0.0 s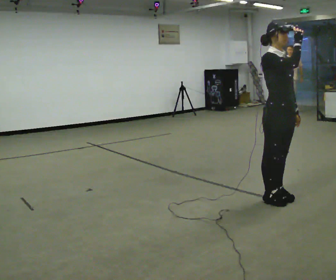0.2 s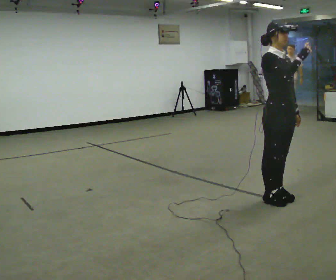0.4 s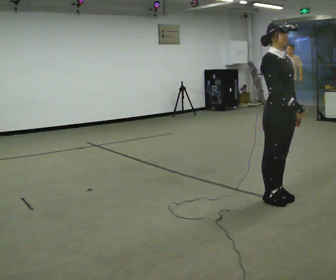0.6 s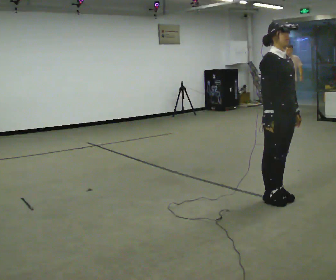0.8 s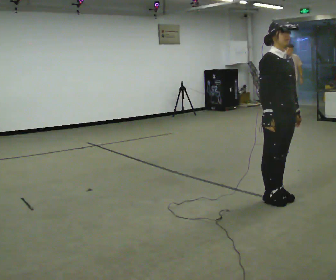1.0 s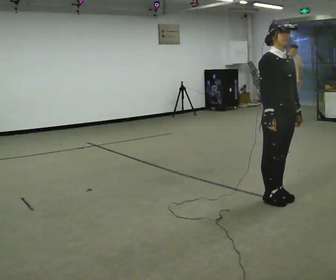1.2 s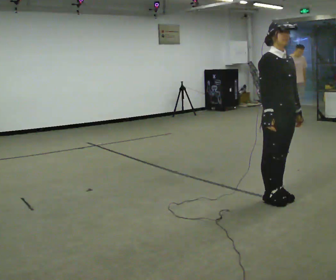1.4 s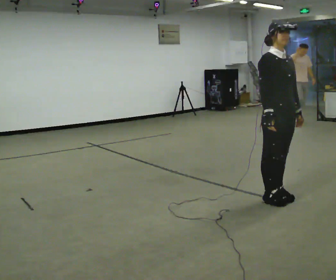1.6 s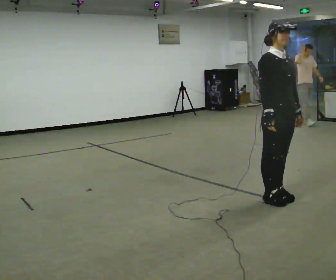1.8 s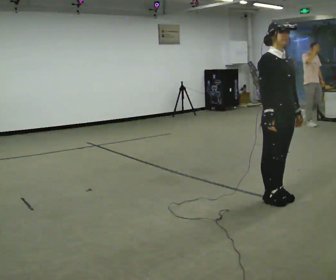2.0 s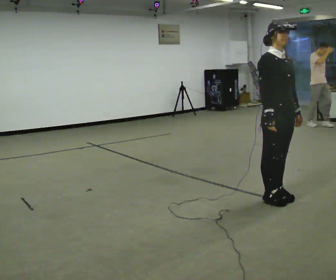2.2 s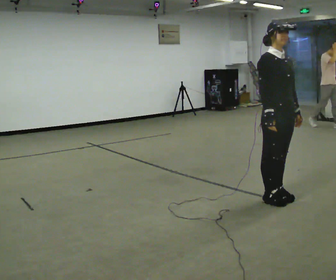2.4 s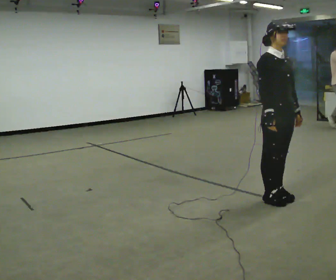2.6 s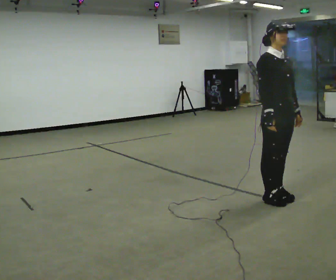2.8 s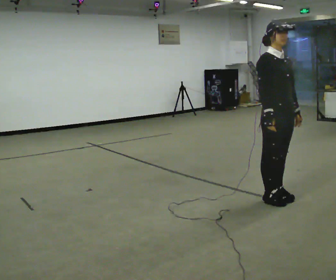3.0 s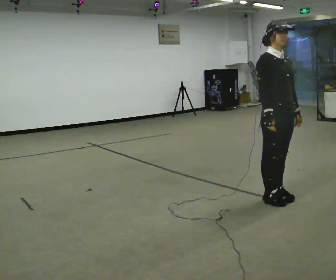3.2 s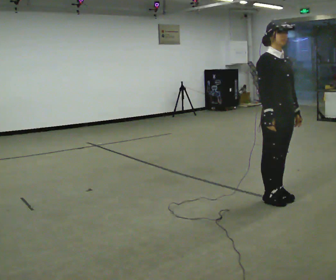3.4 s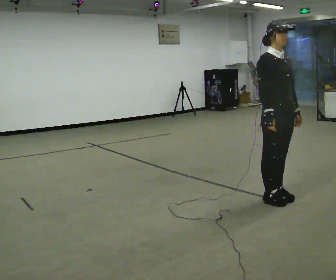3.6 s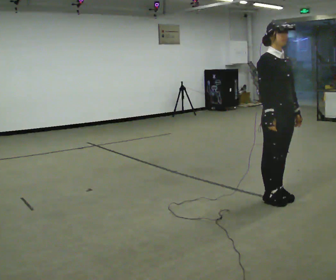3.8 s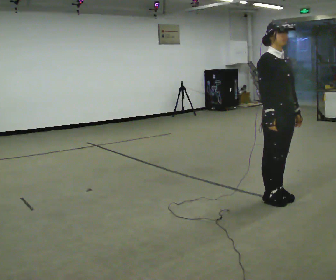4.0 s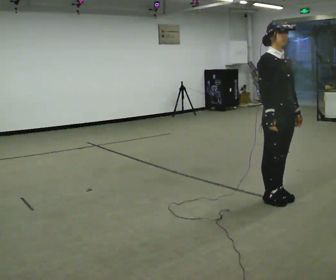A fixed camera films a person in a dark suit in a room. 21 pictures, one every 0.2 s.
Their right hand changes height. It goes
downward.
0.0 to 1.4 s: In the picture their right hand goes downward.
1.4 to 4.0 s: The person keeps their place and pose.
The film runs forward here.
